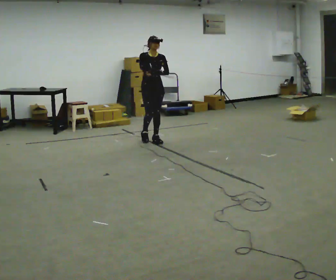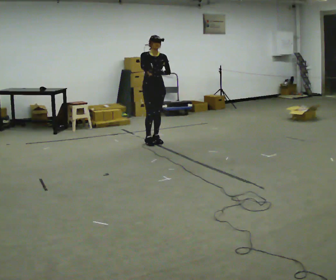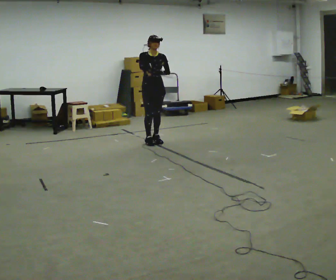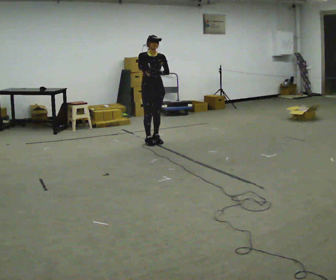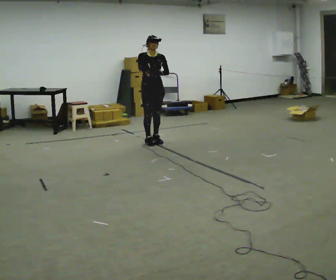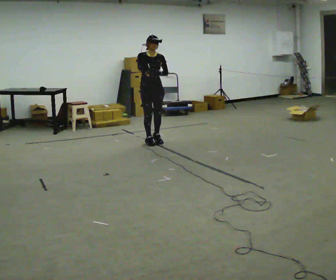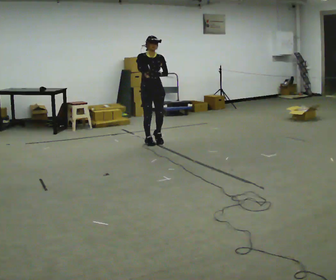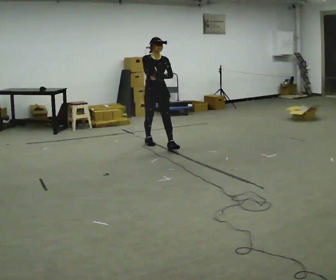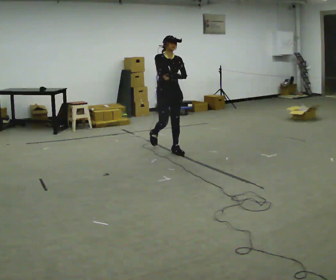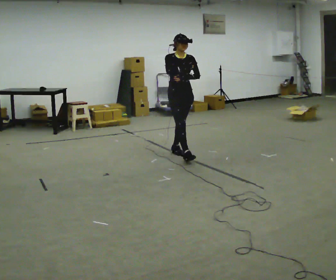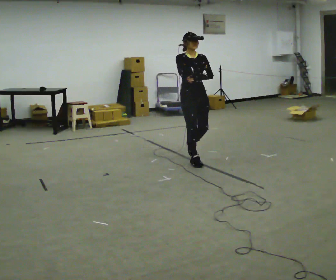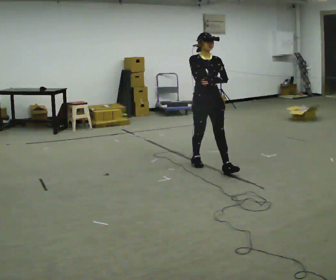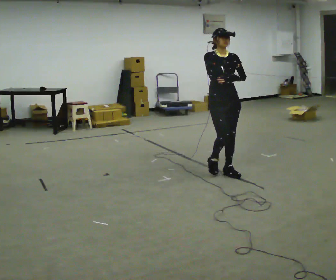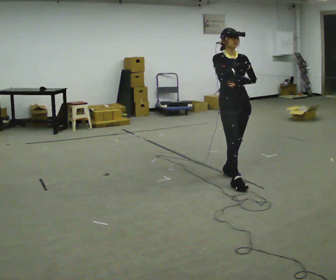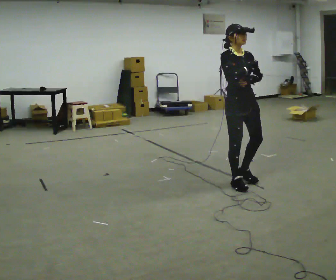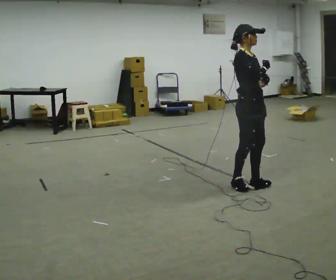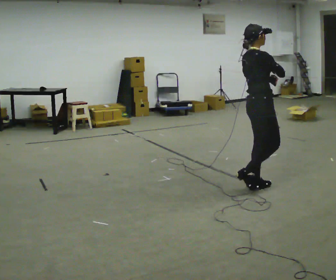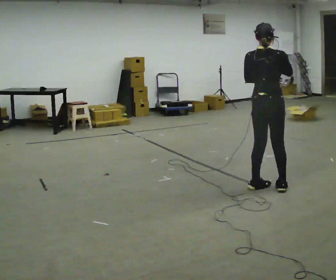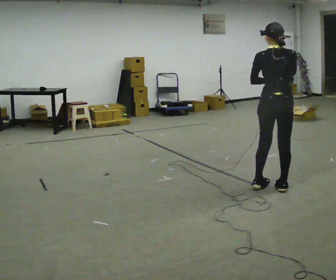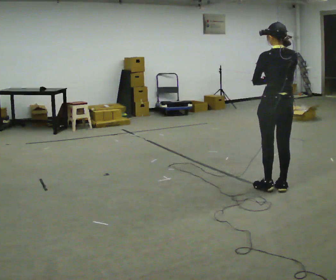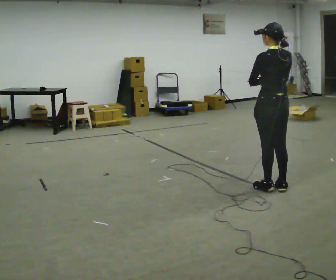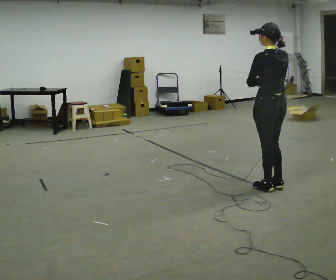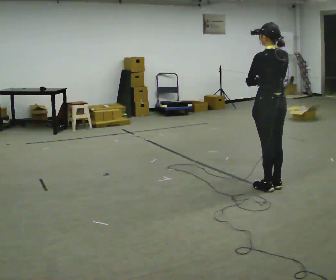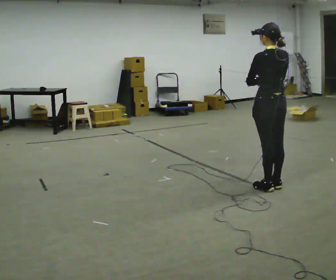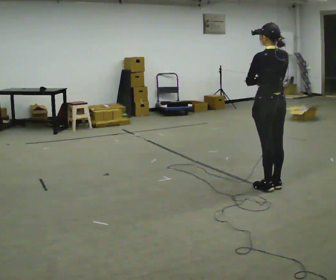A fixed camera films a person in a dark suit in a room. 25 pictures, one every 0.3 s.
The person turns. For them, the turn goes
to their left.
The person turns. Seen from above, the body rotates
counterclockwise.
0.0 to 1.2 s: The person moves a little, or ends about where they began.
1.2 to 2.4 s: In the picture they go toward the camera and to the right, about 0.5 m in 1 step, which for them is forward.
2.4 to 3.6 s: In the picture they go toward the camera and to the right, about 1 m in 2 steps, which for them is forward.
3.6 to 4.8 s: Seen from above the body turns counterclockwise, about 90 degrees: to their left, with its near side sliding to the right. In the picture they go toward the camera and to the right, about 0.5 m in 2 steps.
4.8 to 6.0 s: Seen from above the body turns counterclockwise, about 105 degrees: to their left, with its near side sliding to the right. In the picture they go to the right, about 0.25 m in 1 step.
6.0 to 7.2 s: The person moves a little, or ends about where they began.
The film runs forward here.
